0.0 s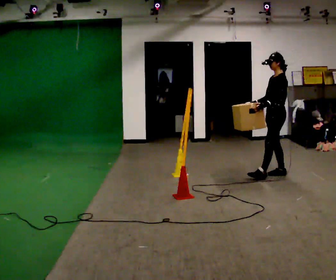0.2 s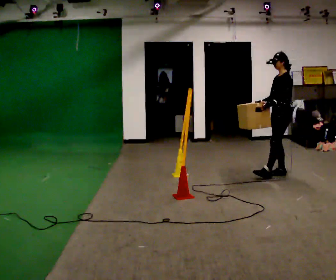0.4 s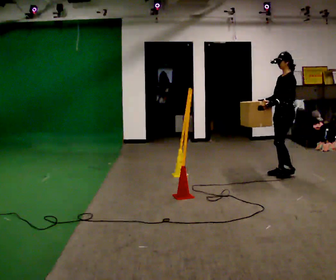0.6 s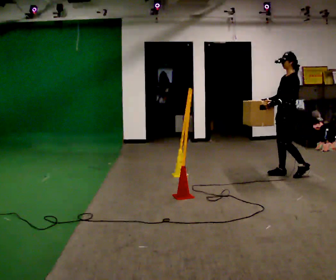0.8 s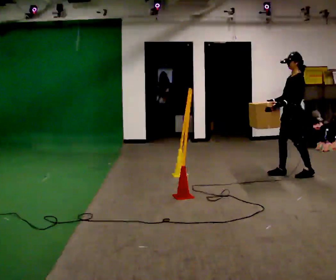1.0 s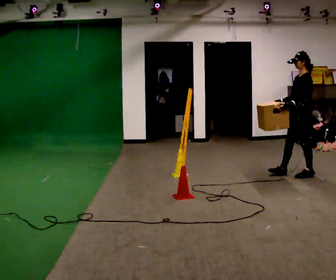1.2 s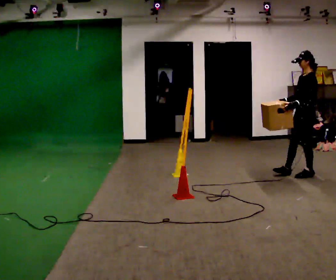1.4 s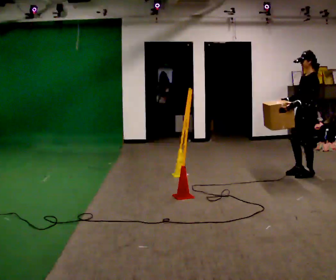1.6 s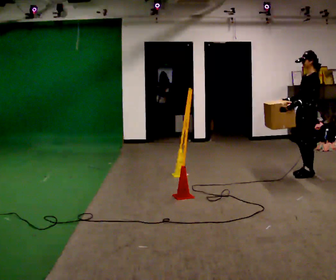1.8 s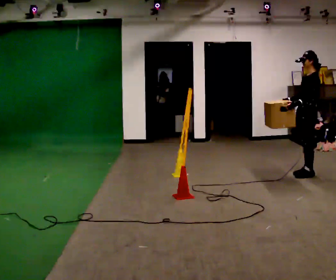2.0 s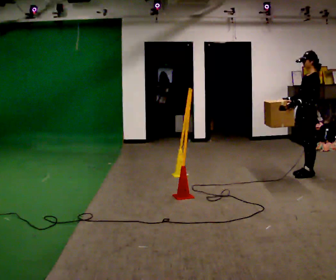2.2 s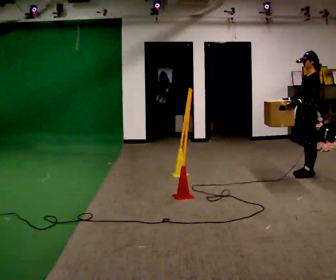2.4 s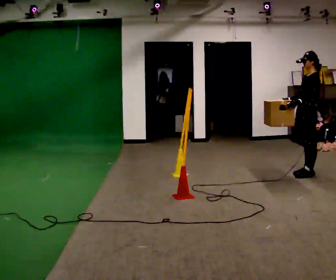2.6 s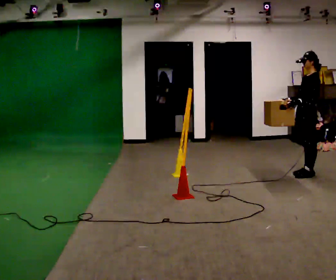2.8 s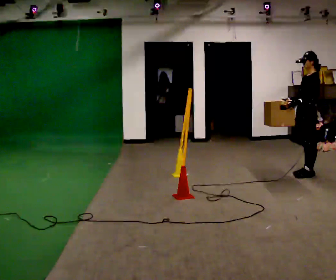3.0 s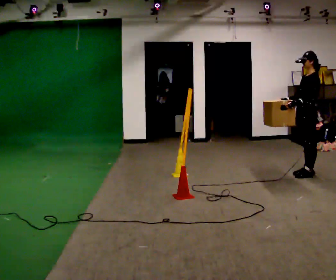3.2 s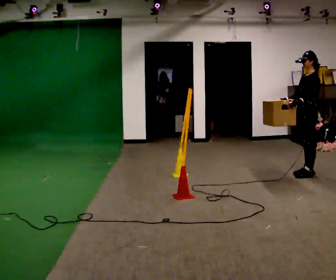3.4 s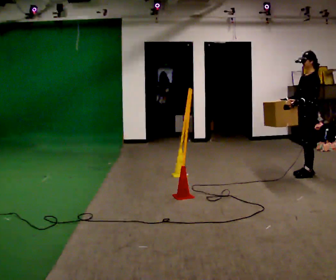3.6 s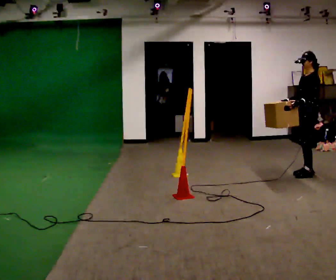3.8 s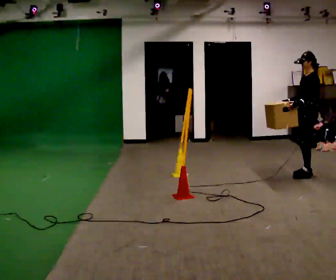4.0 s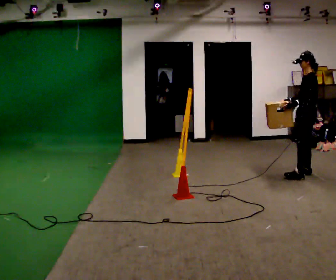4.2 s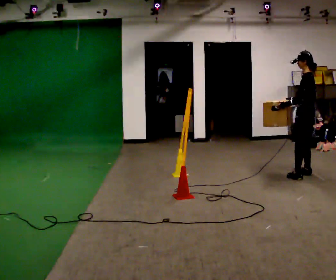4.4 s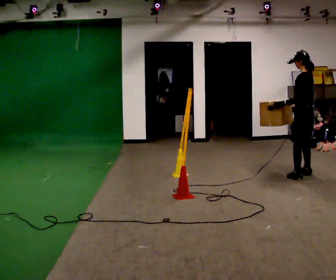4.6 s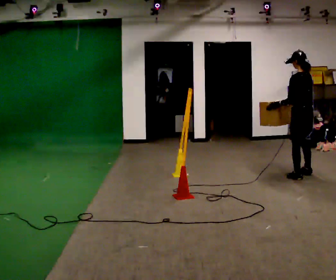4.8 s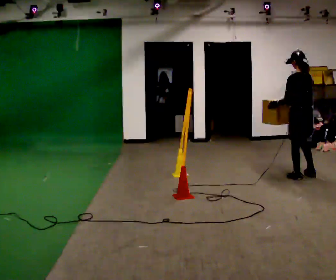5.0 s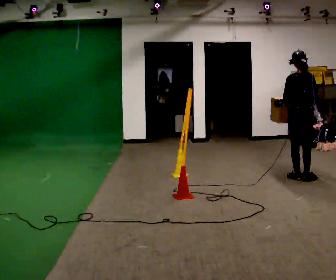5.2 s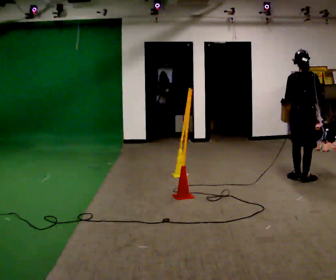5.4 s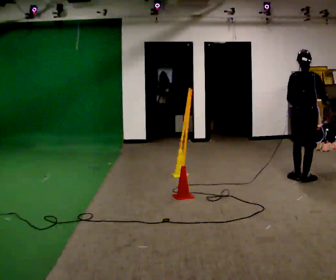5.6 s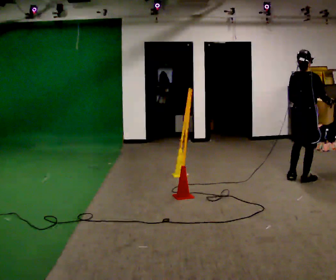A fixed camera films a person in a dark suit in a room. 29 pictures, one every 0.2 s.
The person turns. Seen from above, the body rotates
clockwise.
The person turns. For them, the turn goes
to their right.
0.0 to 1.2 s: In the picture they go to the right, about 0.25 m in 2 steps, which for them is backward and to their left.
1.2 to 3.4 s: The person moves a little, or ends about where they began.
3.4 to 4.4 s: The part of the body nearest the lens slides to the left as the person turns to their right by about 45 degrees.
4.4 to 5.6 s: Seen from above the body turns clockwise, about 90 degrees: to their right, with its near side sliding to the left. In the picture they go toward the camera, about 0.25 m in 2 steps. In the picture their right hand goes to the right.
The film runs backward here.
